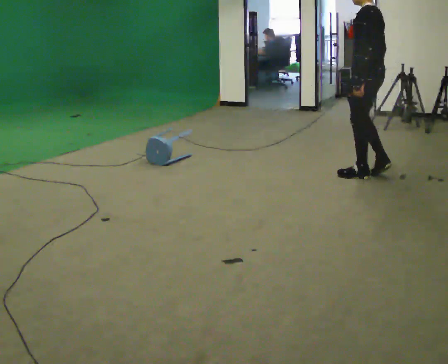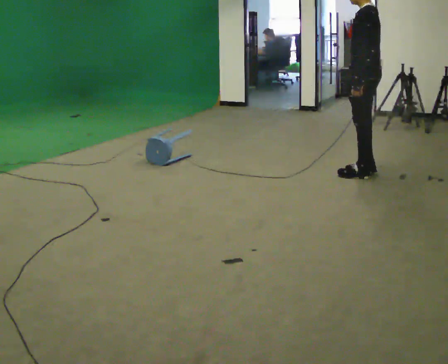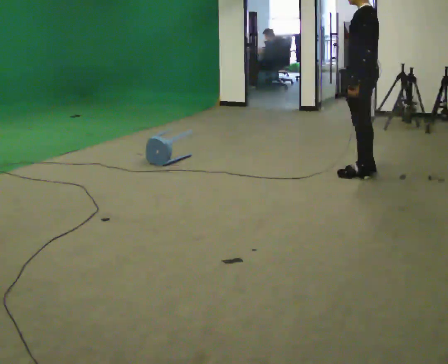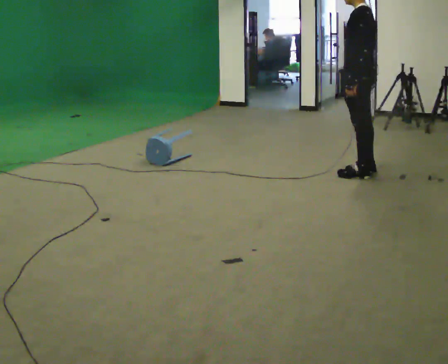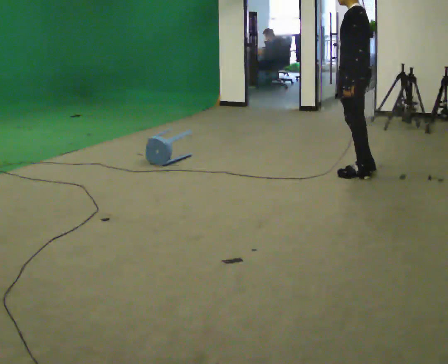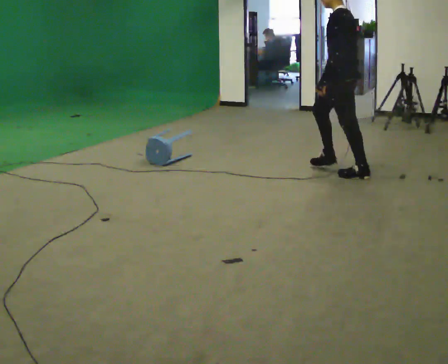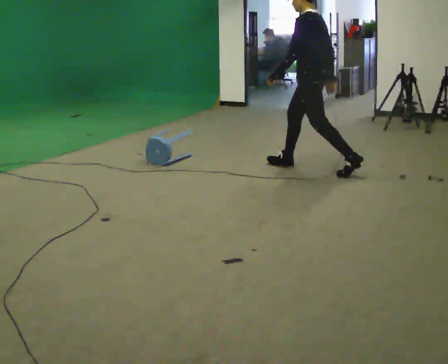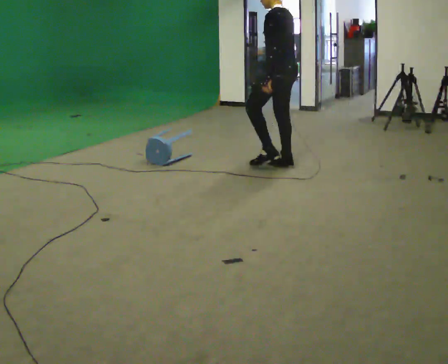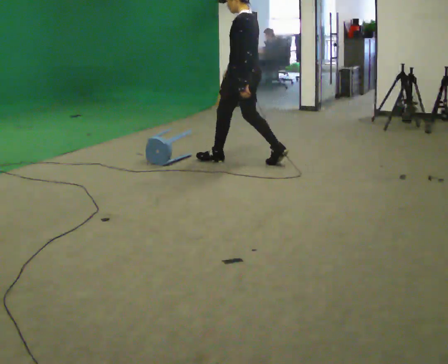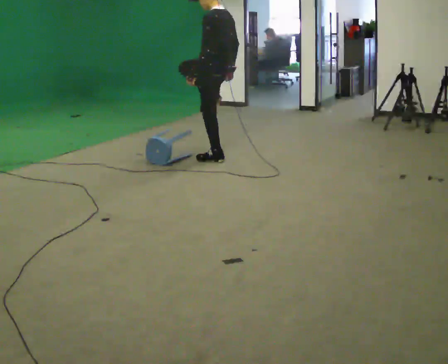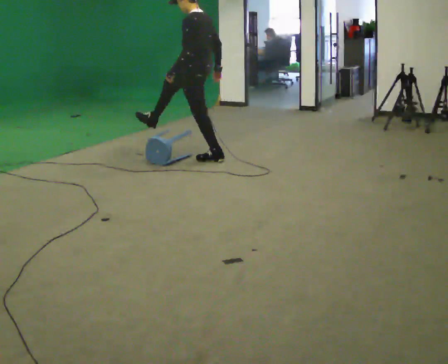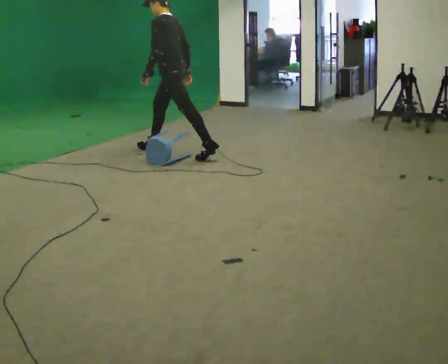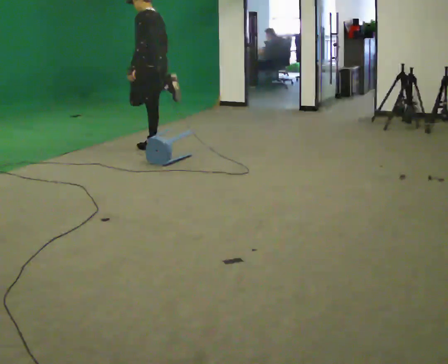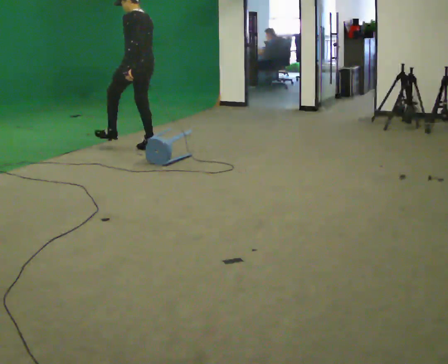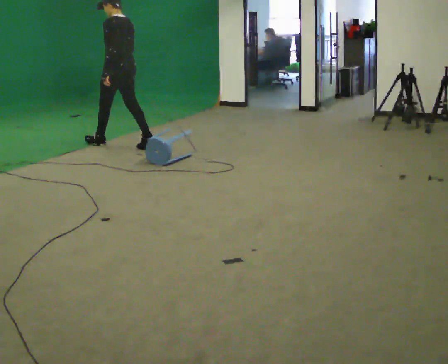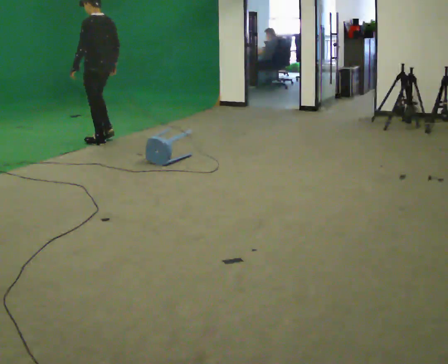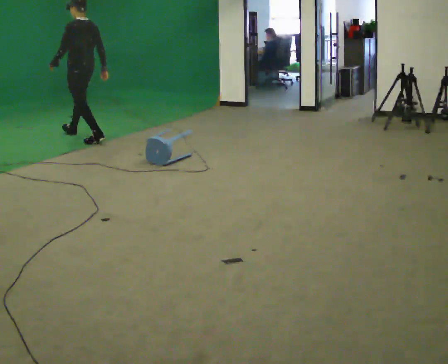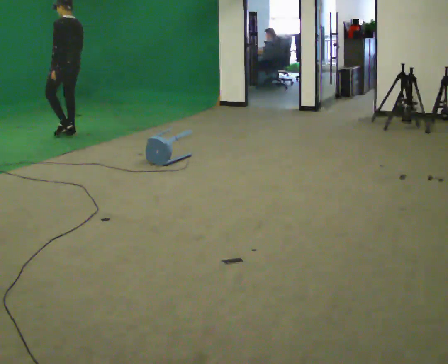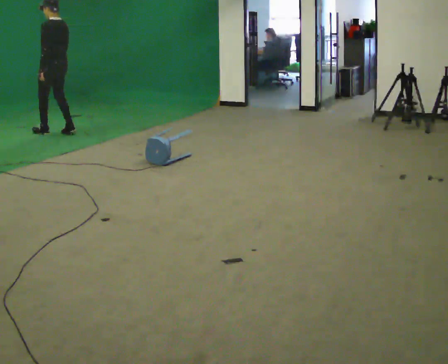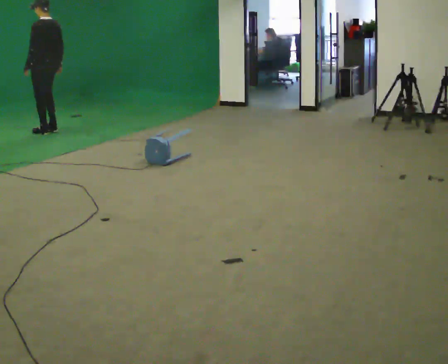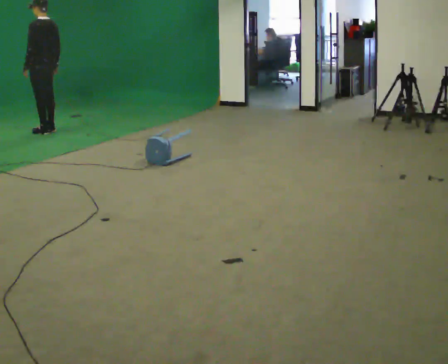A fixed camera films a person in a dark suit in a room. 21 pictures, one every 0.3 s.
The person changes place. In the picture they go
to the left.
0.0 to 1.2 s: The person moves a little, or ends about where they began.
1.2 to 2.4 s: In the picture they go to the left and away from the camera, about 1 m in 2 steps, which for them is forward.
2.4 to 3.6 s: In the picture they go to the left and away from the camera, about 1 m in 1 step, which for them is forward.
3.6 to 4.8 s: In the picture they go to the left and away from the camera, about 1 m in 2 steps, which for them is forward.
4.8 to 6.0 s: In the picture they go to the left and away from the camera, about 0.75 m in 2 steps, which for them is forward.
The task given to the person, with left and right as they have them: Walk toward low obstacle; step over without stopping; continue.
The film runs forward here.
